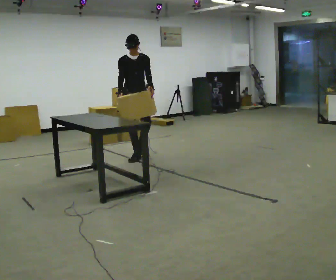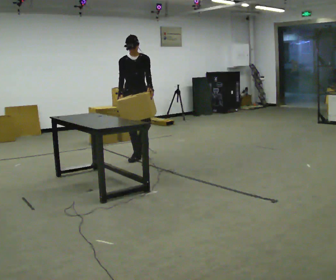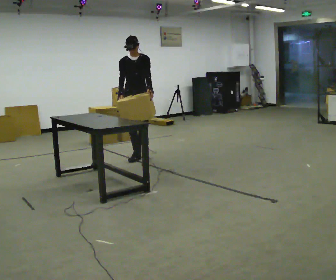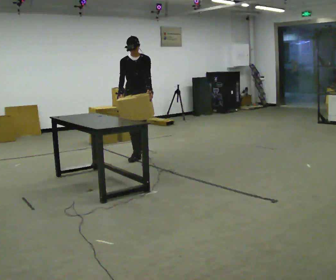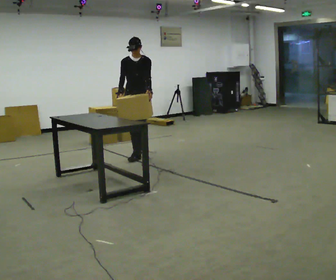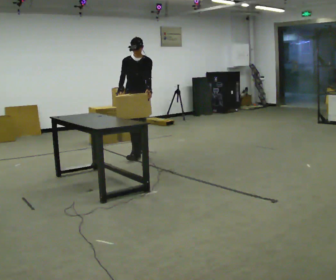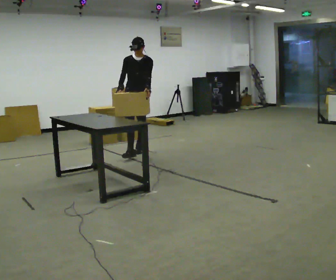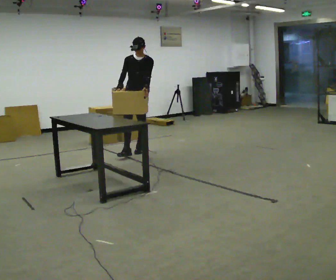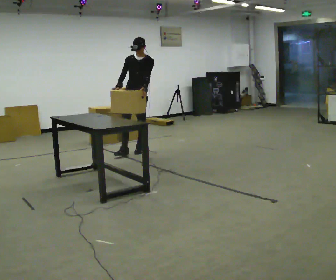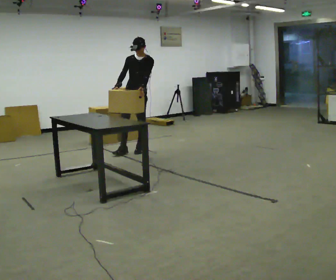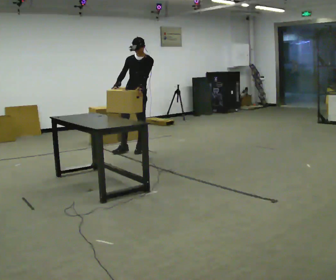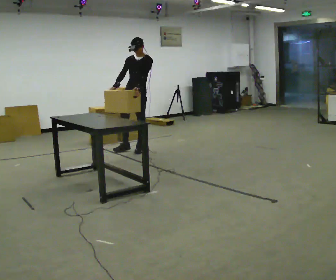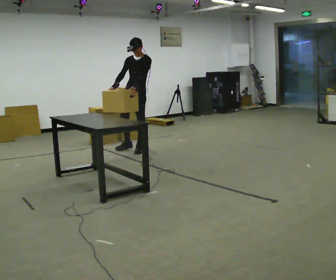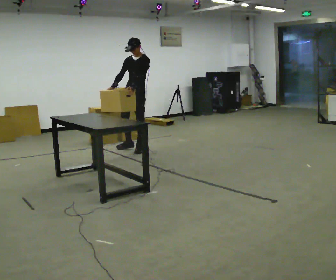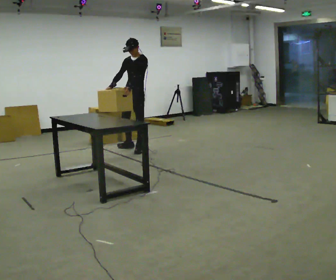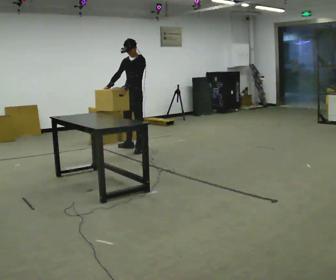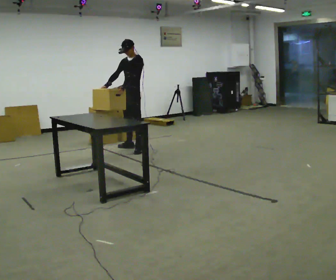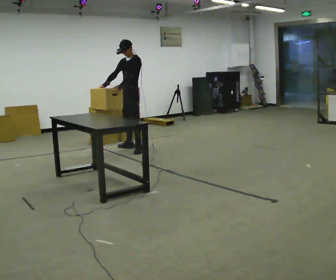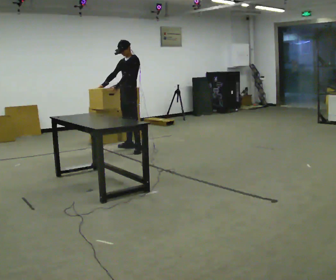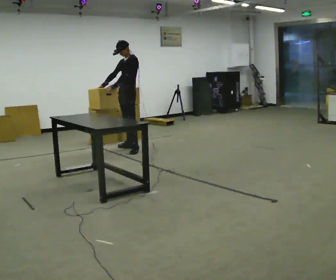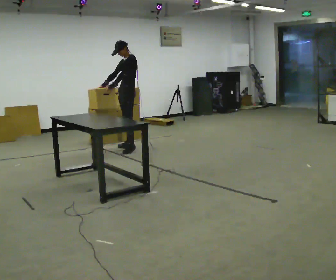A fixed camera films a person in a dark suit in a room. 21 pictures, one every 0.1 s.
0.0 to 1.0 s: The part of the body nearest the lens slides to the left as the person turns to their right by about 30 degrees. In the picture they go away from the camera, about 0.5 m in 1 step, which for them is backward.
1.0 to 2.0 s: The person turns about 45 degrees to their right, clockwise seen from above, so the part of the body nearest the lens slides to the left. In the picture they go away from the camera, about 0.25 m in 1 step, which for them is to their right.
The film runs backward here.
